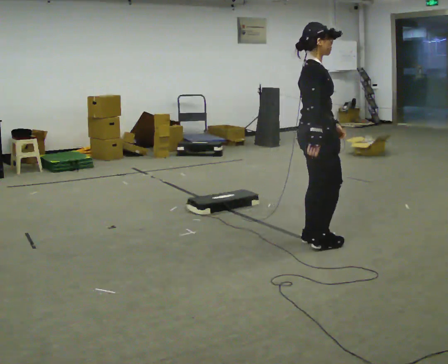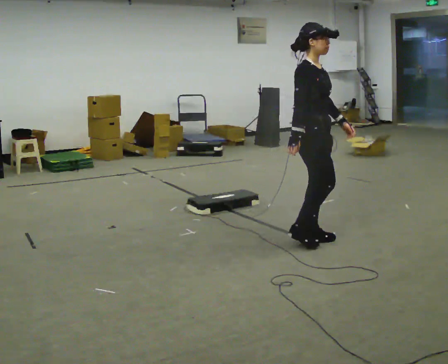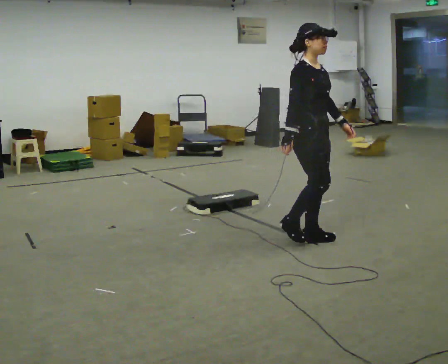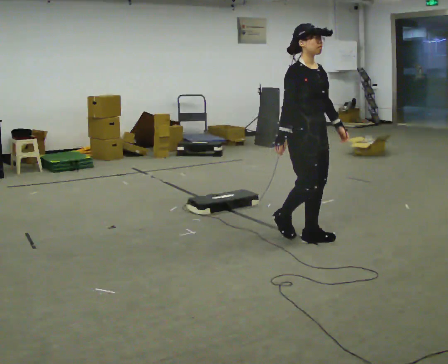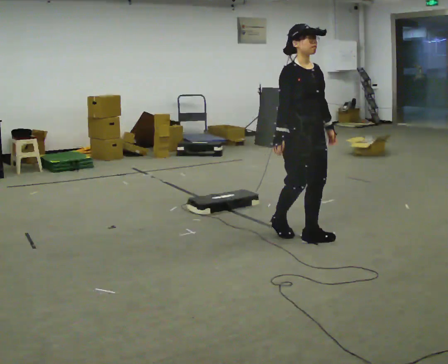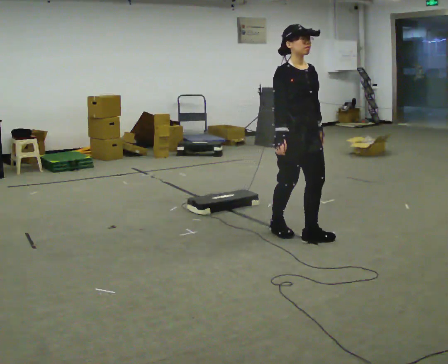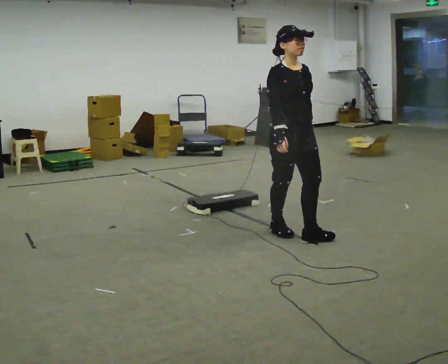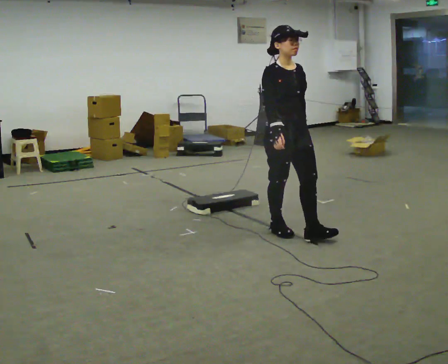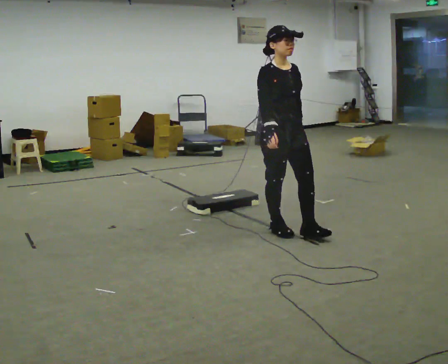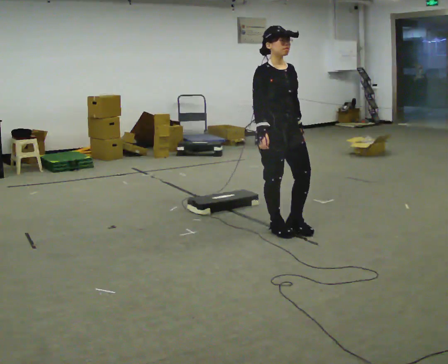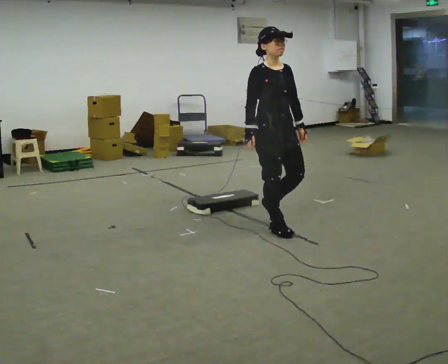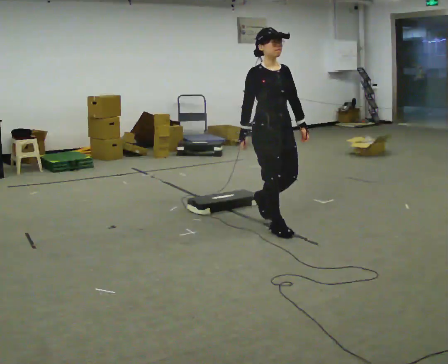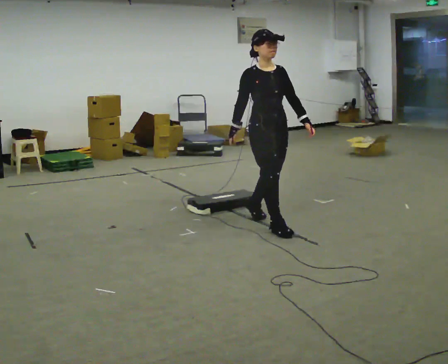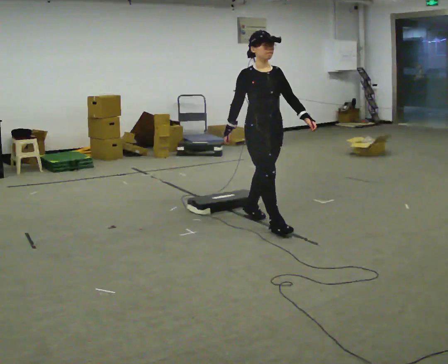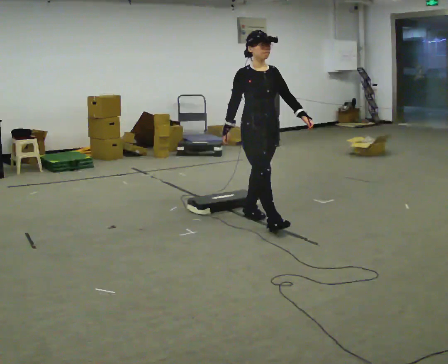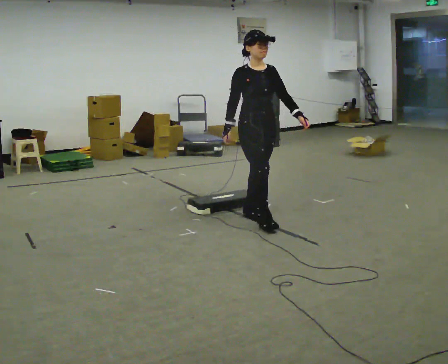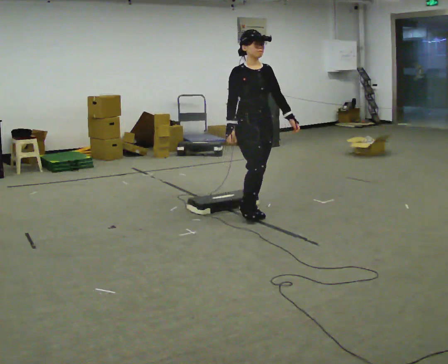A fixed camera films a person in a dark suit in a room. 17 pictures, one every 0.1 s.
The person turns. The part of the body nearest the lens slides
to the left.
The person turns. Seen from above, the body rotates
clockwise.
0.0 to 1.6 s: The person turns about 60 degrees to their right, clockwise seen from above, so the part of the body nearest the lens slides to the left. In the picture they go away from the camera and to the left, about 1 m in 2 steps.
The film runs backward here.
